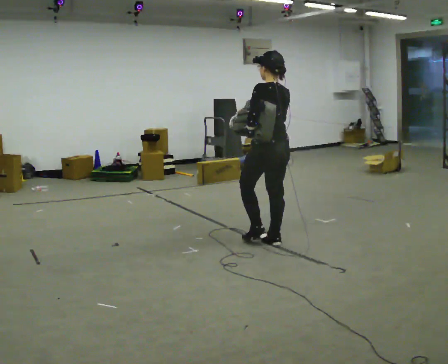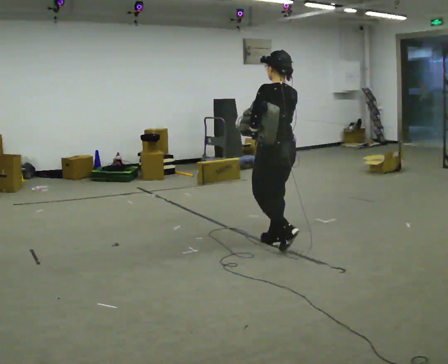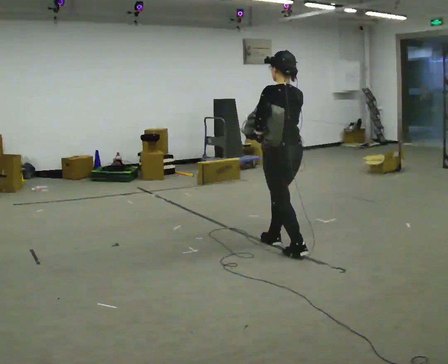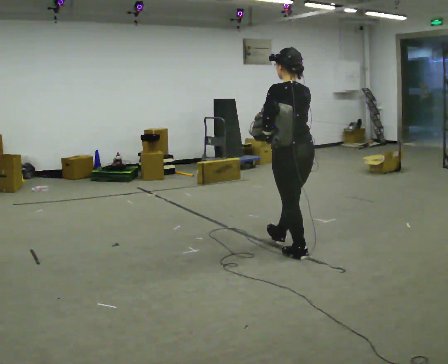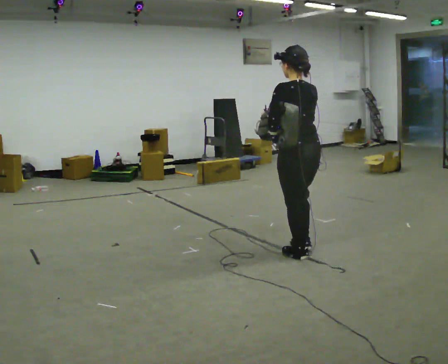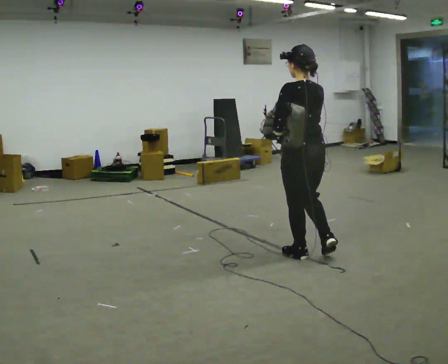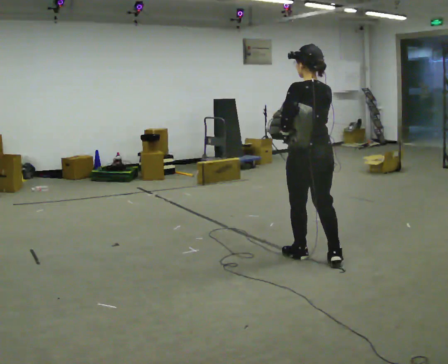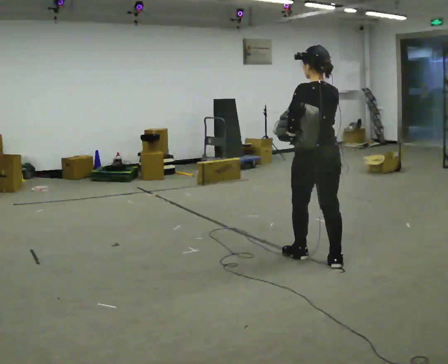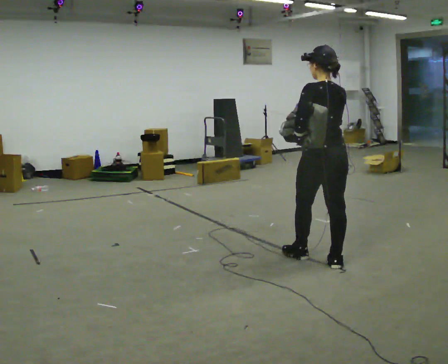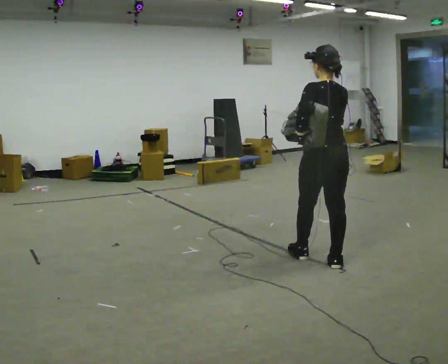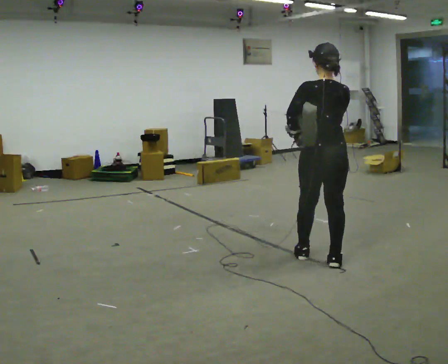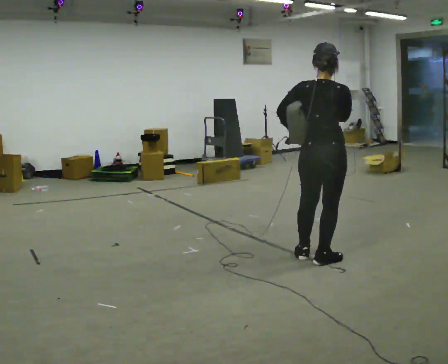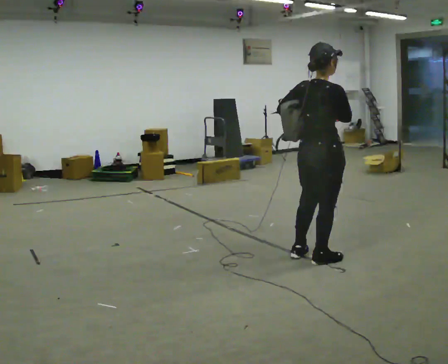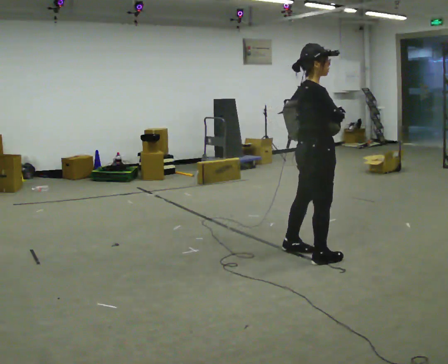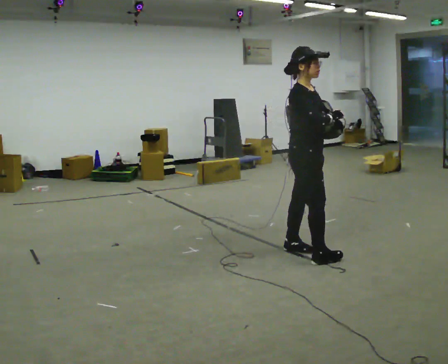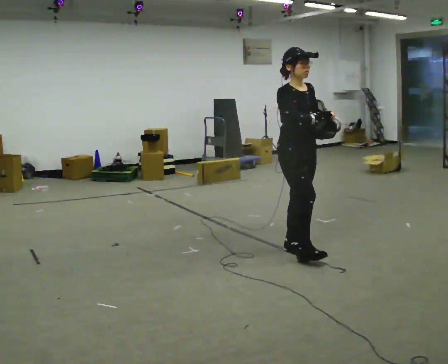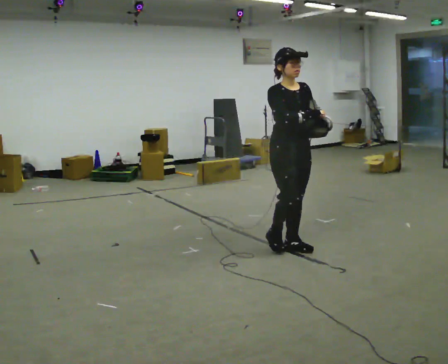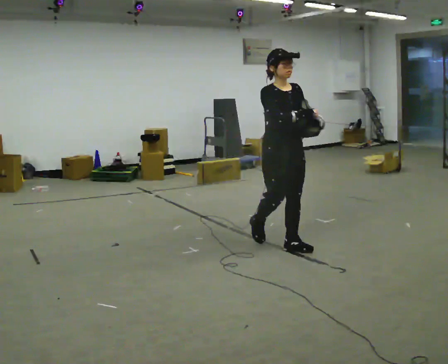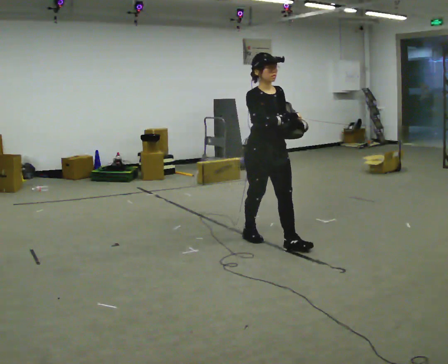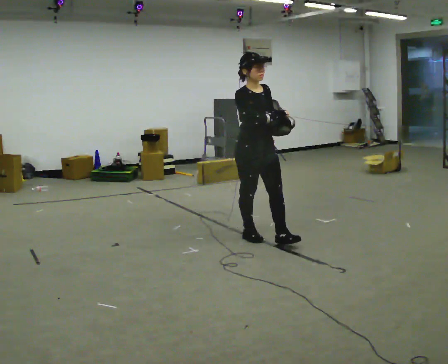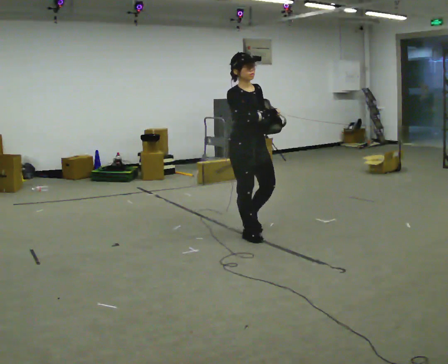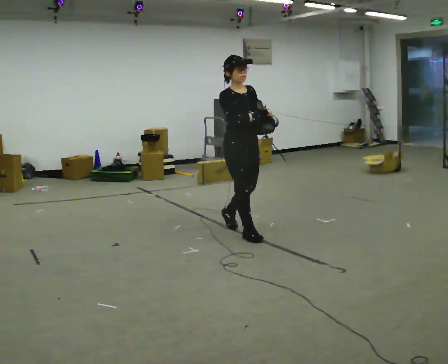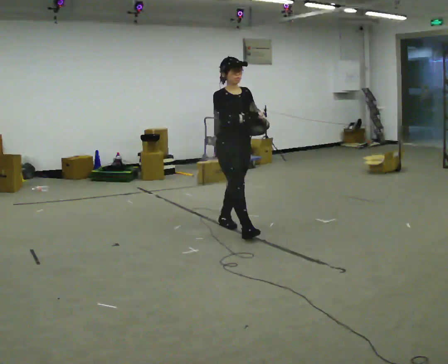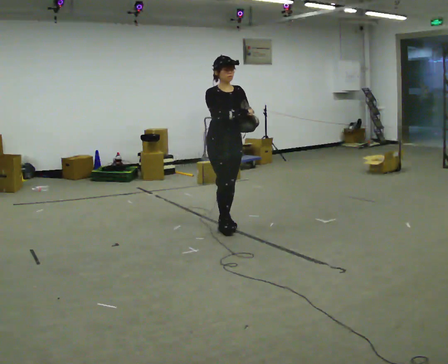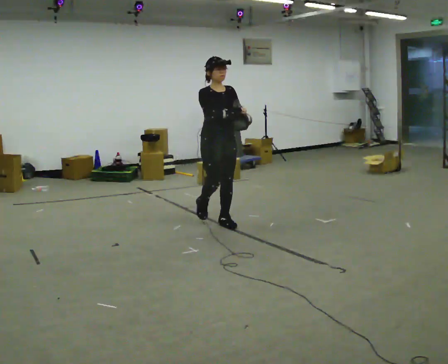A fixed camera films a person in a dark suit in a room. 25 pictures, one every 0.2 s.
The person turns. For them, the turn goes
to their right.
The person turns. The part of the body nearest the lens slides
to the left.
0.0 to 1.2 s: In the picture they go to the right and toward the camera, about 0.5 m in 1 step, which for them is backward.
1.2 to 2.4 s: Seen from above the body turns clockwise, about 75 degrees: to their right, with its near side sliding to the left.
2.4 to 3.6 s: The person turns about 105 degrees to their right, clockwise seen from above, so the part of the body nearest the lens slides to the left. In the picture they go to the left and away from the camera, about 0.5 m in 1 step.
3.6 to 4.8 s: In the picture they go to the left and away from the camera, about 1 m in 2 steps, which for them is backward.
The film runs backward here.
